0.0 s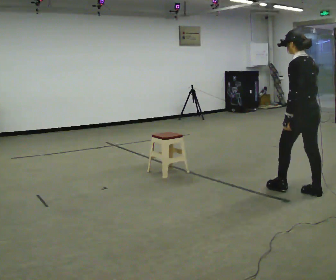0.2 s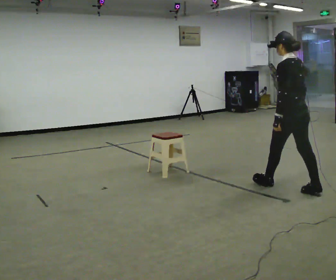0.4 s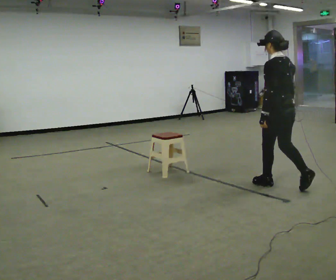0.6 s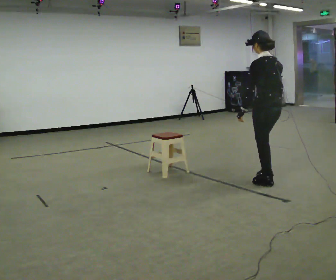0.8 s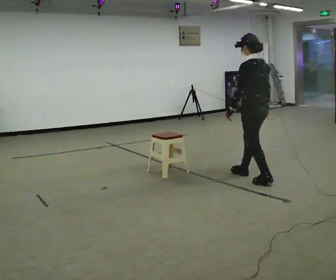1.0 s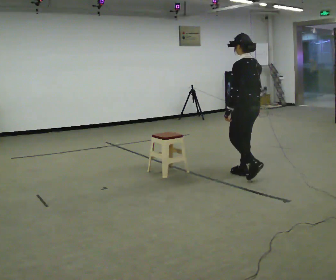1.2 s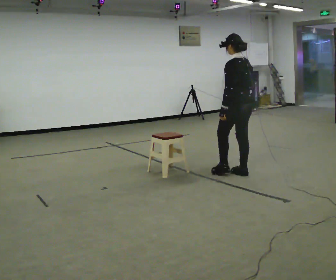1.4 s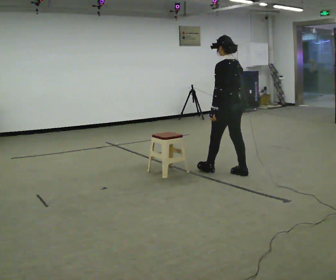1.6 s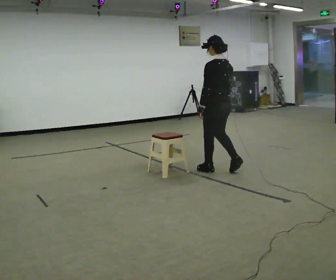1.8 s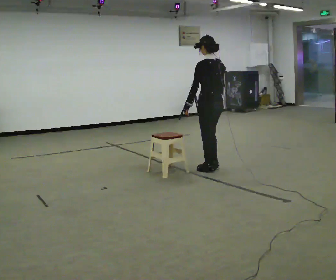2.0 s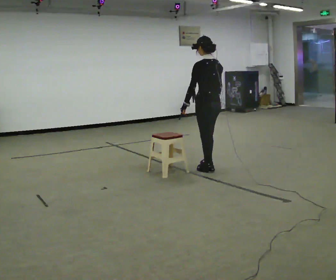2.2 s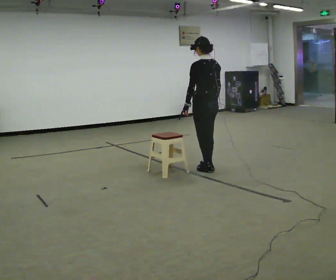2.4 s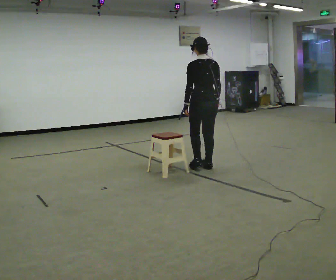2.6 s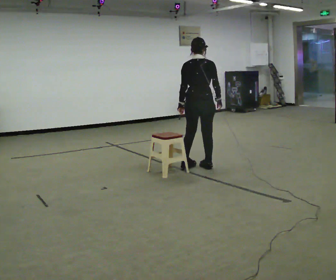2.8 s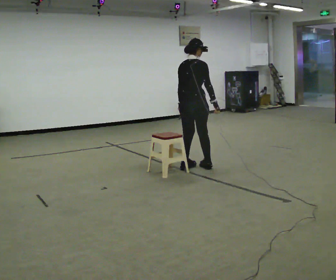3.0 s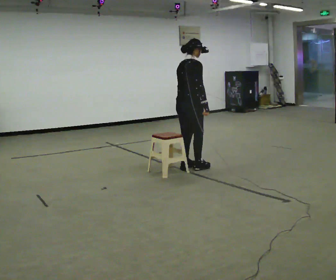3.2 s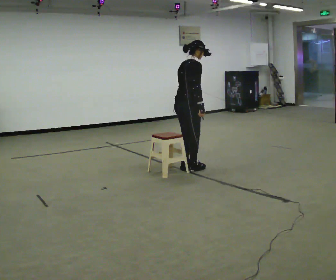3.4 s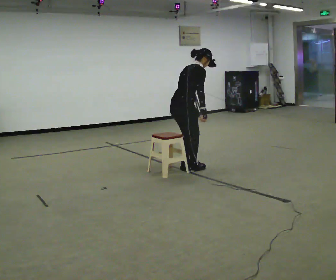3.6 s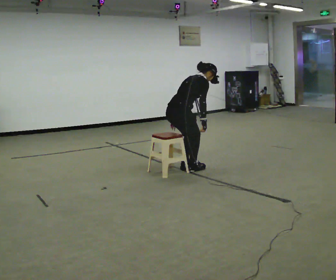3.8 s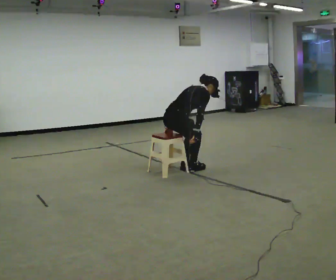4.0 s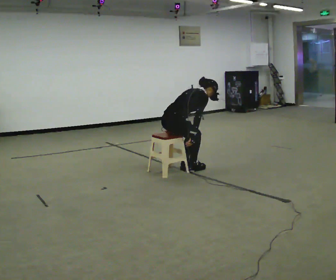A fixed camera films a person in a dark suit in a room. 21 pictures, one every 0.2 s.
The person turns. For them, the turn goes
to their right.
The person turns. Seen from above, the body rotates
clockwise.
0.0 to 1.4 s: In the picture they go away from the camera and to the left, about 1 m in 3 steps, which for them is forward.
1.4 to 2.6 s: The person turns about 60 degrees to their right, clockwise seen from above, so the part of the body nearest the lens slides to the left. In the picture they go to the left and away from the camera, about 0.5 m in 2 steps, which for them is forward.
2.6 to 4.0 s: The part of the body nearest the lens slides to the left as the person turns to their right by about 60 degrees. In the picture they go to the left and toward the camera, about 0.25 m in 1 step, which for them is backward. The shoulders move downward. In the picture the upper body tilts clockwise, shoulders to the right, as they bend forward. In the picture their right hand goes downward.
The film runs forward here.
